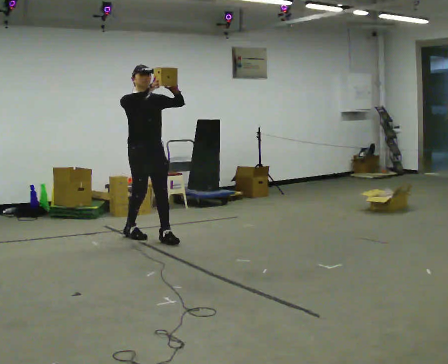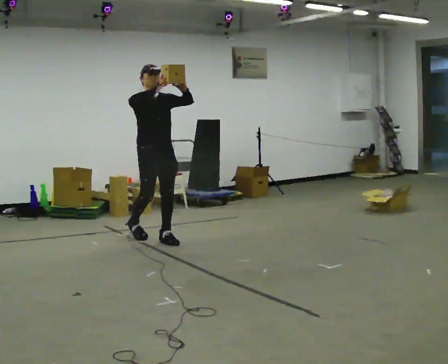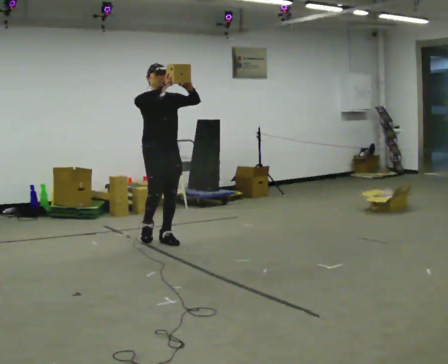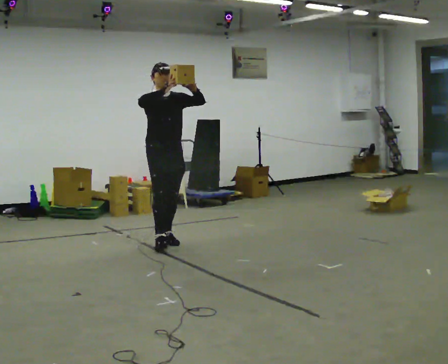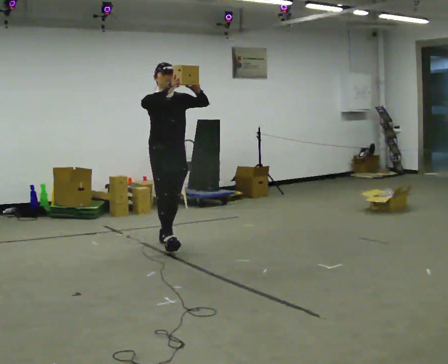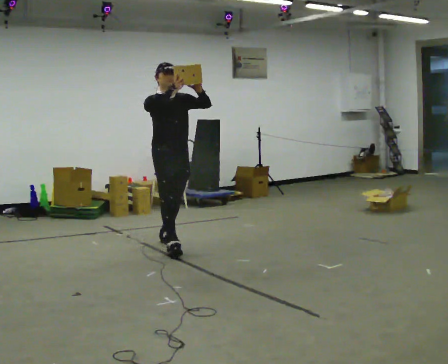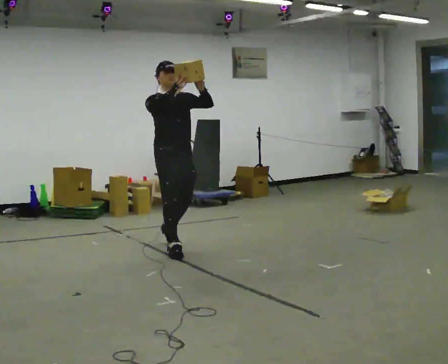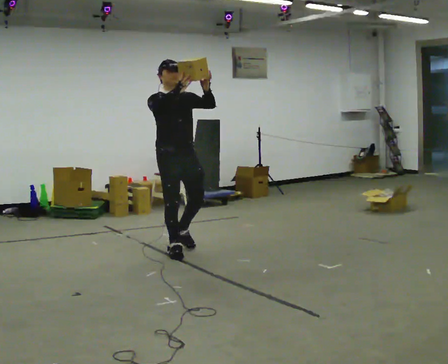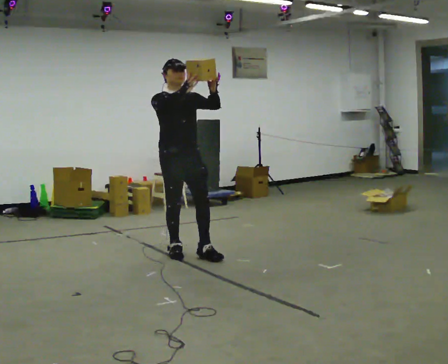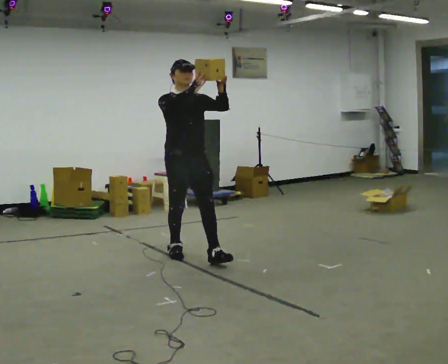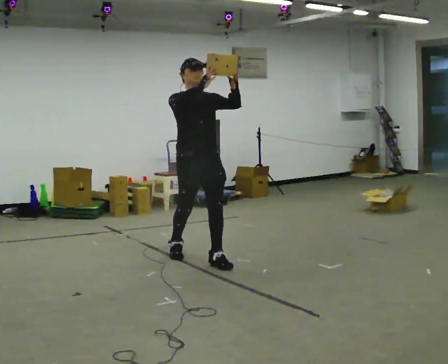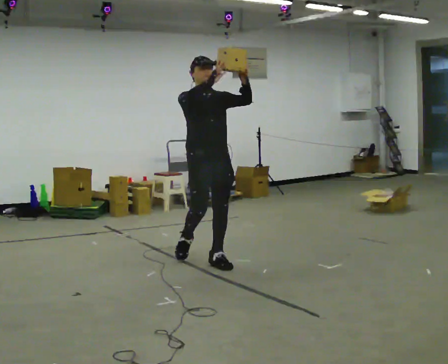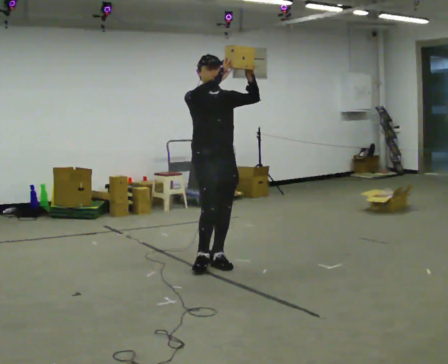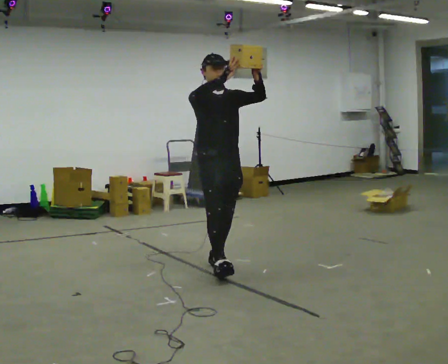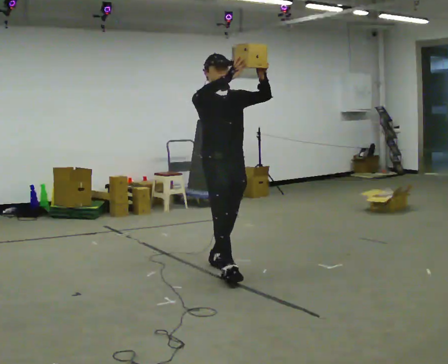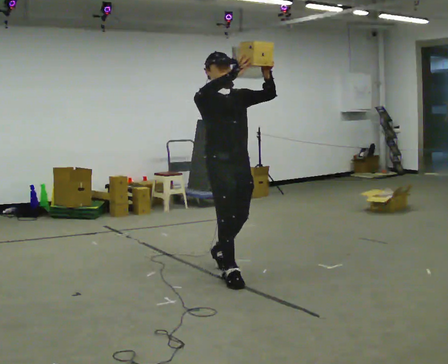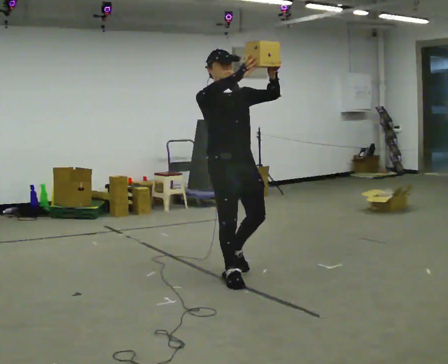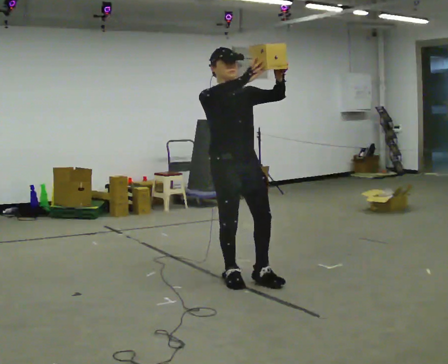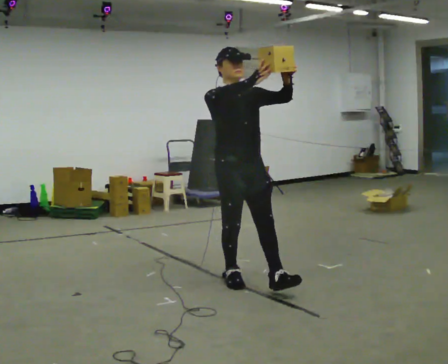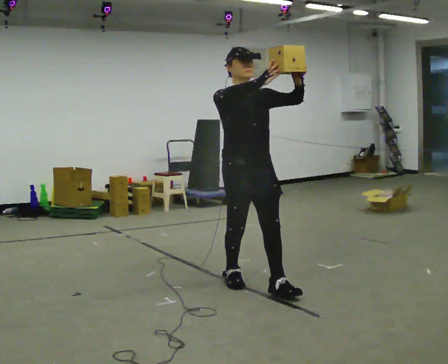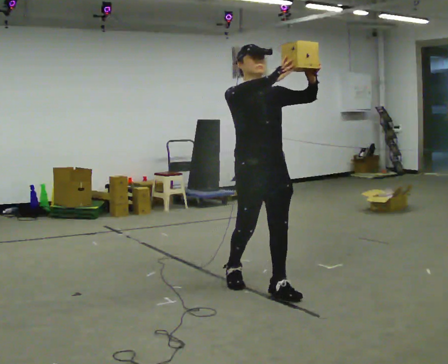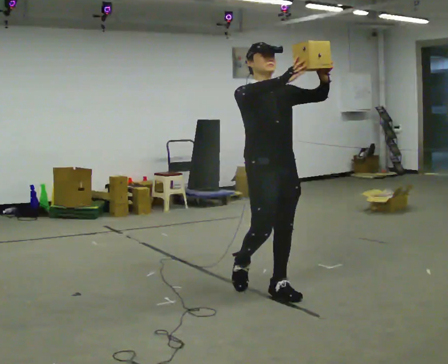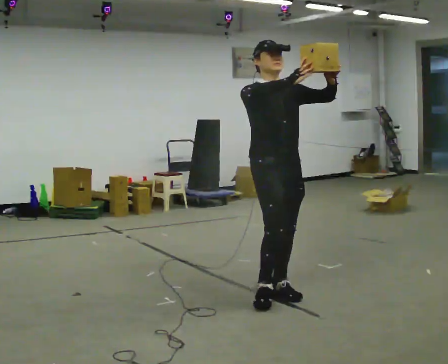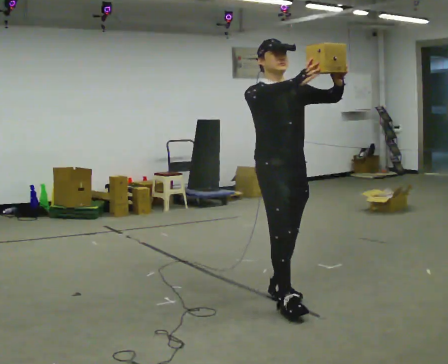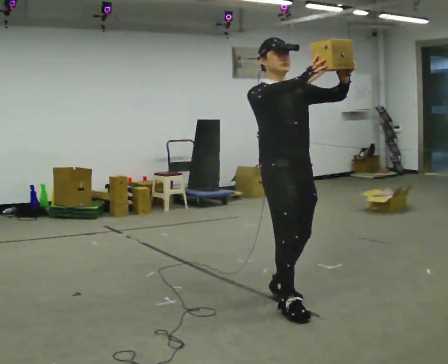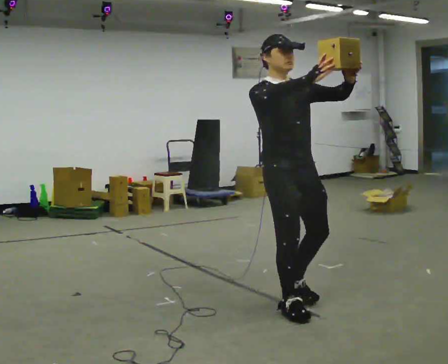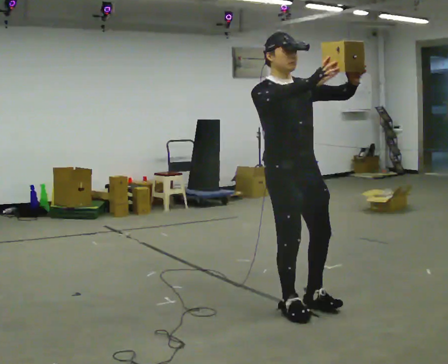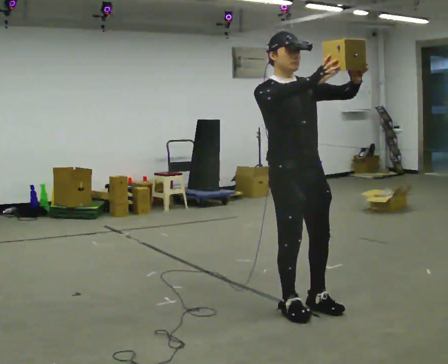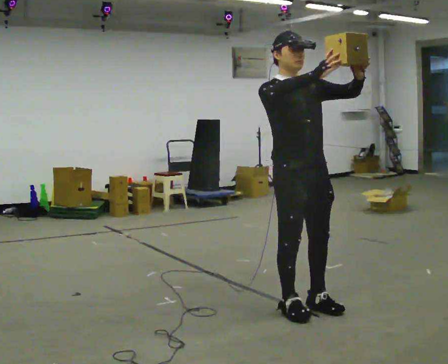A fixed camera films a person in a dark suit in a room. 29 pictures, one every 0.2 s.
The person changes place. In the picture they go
toward the camera.
0.0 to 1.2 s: In the picture they go toward the camera and to the right, about 0.5 m in 1 step, which for them is forward.
1.2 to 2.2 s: In the picture they go toward the camera and to the right, about 0.5 m in 1 step, which for them is forward.
2.2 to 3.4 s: In the picture they go toward the camera, about 0.5 m in 1 step, which for them is forward.
3.4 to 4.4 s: In the picture they go toward the camera and to the right, about 0.5 m in 1 step, which for them is forward.
4.4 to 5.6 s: In the picture they go toward the camera, about 0.25 m in 2 steps, which for them is forward.
The film runs forward here.
